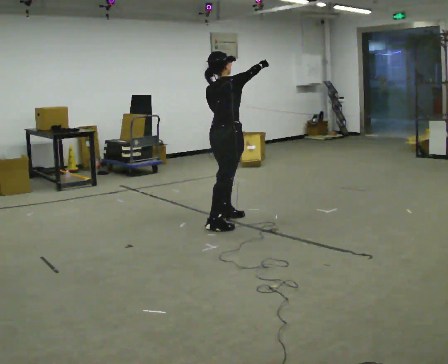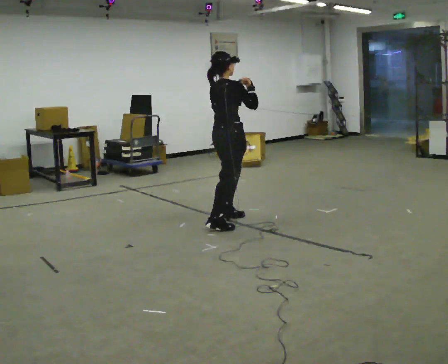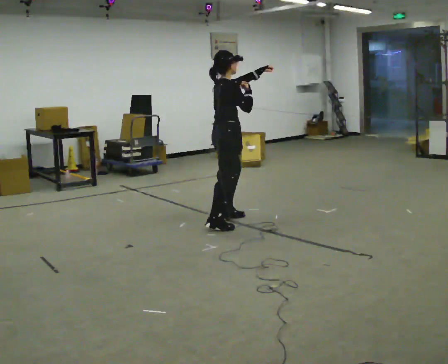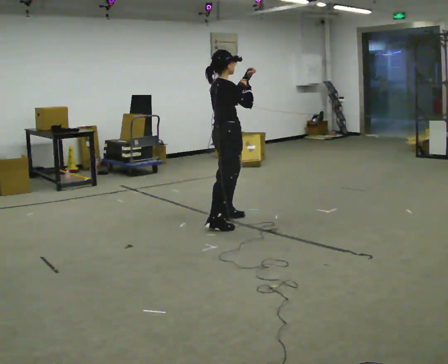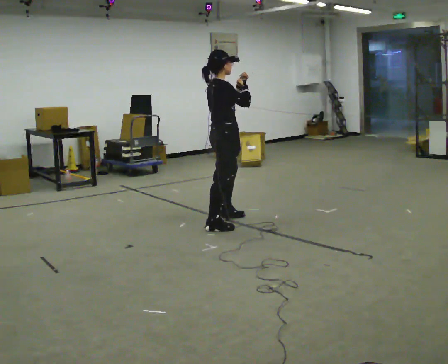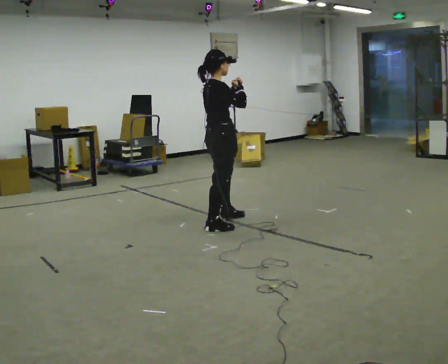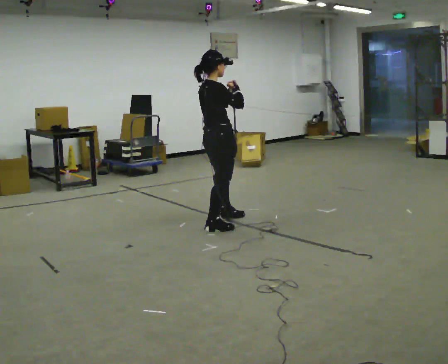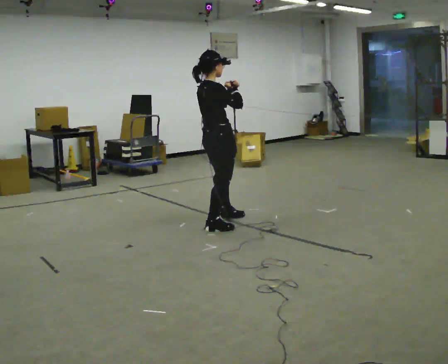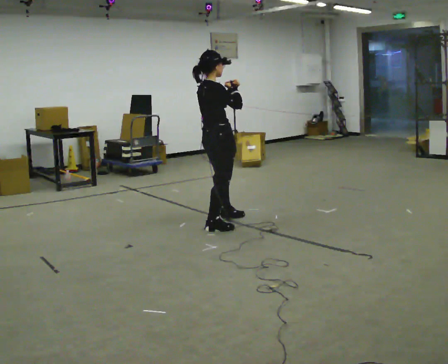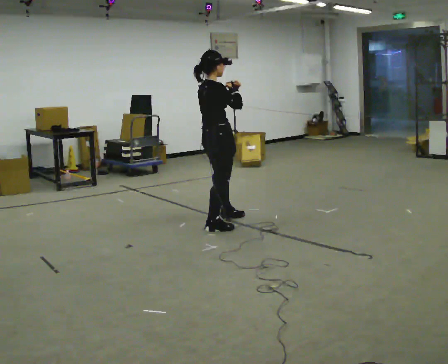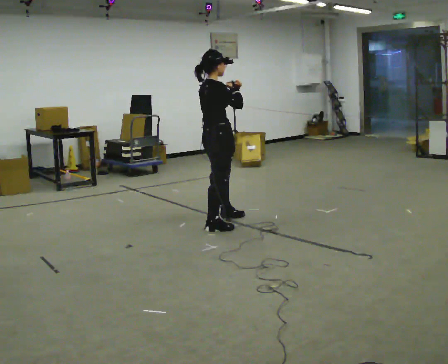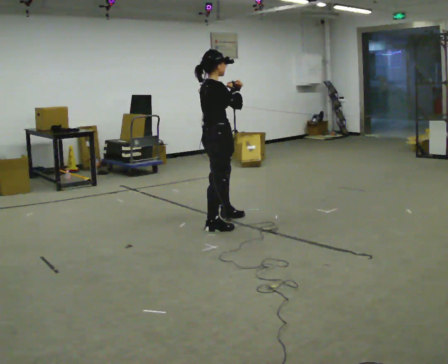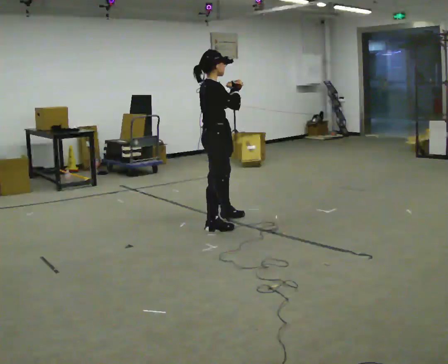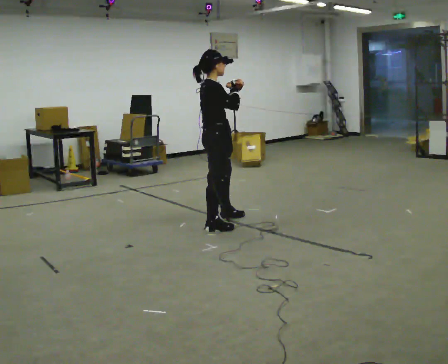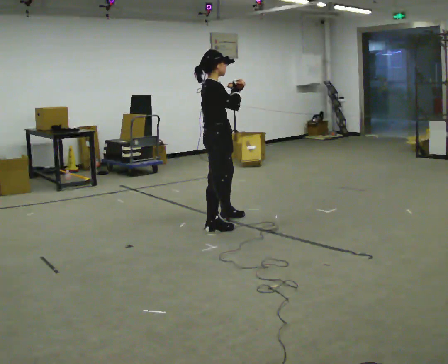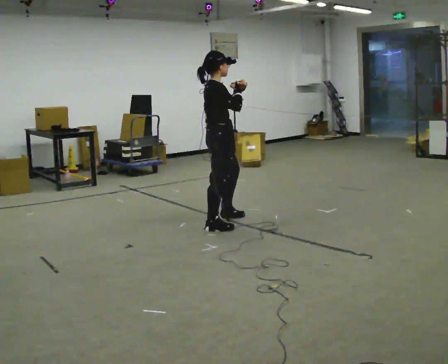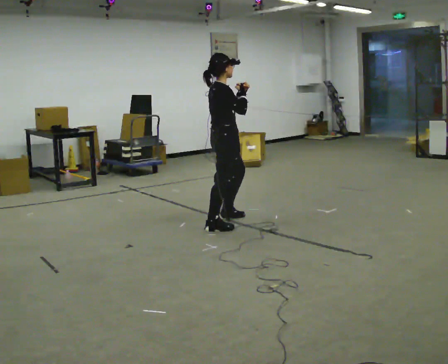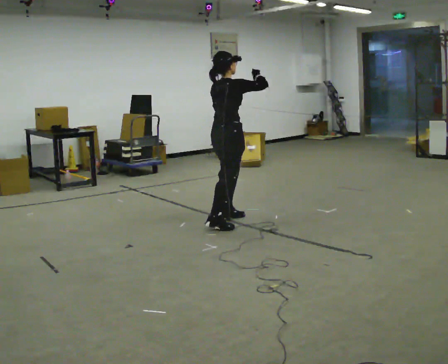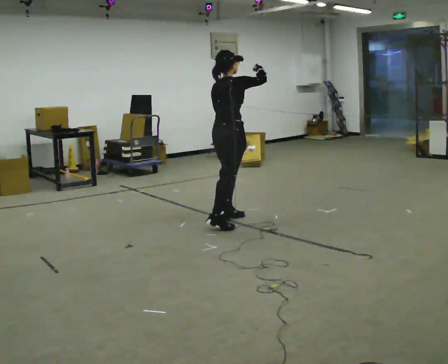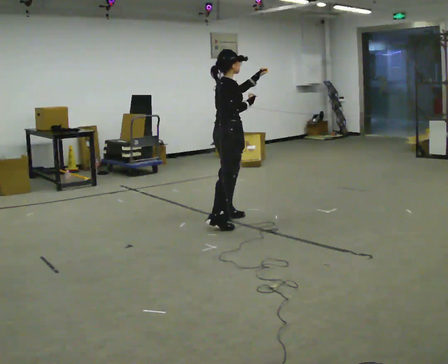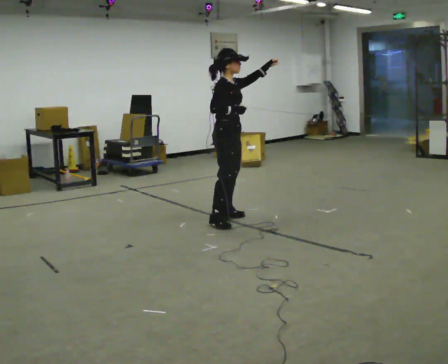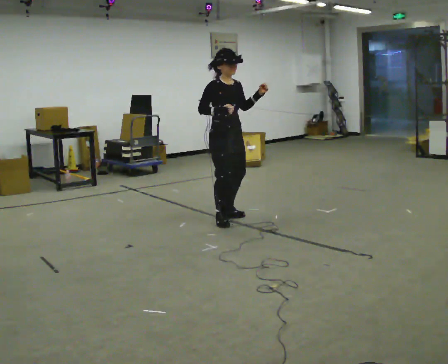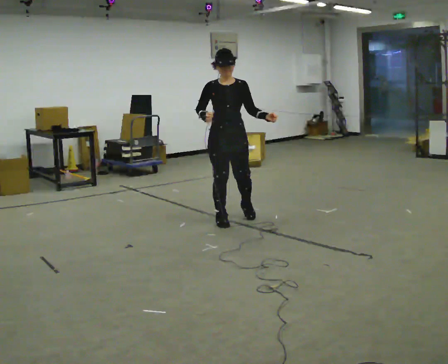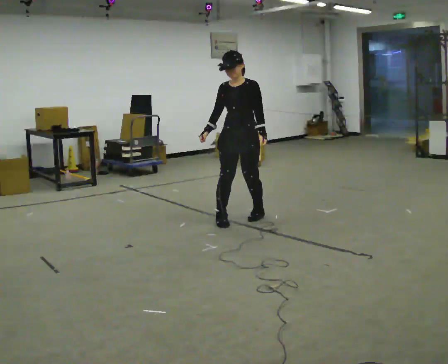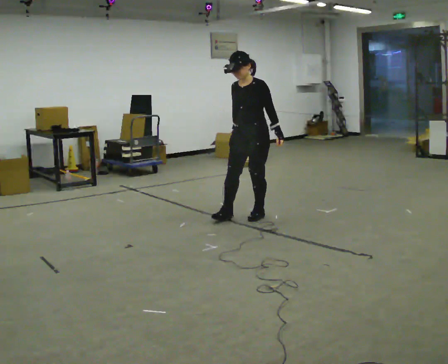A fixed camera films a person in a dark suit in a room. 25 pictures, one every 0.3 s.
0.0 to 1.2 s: The part of the body nearest the lens slides to the left as the person turns to their right by about 30 degrees.
1.2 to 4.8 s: The person moves a little, or ends about where they began.
4.8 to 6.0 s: The person turns about 30 degrees to their right, clockwise seen from above, so the part of the body nearest the lens slides to the left.
6.0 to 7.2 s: The person turns about 105 degrees to their right, clockwise seen from above, so the part of the body nearest the lens slides to the left. In the picture they go to the right, about 0.25 m in 2 steps. In the picture their left hand goes downward, the arm swinging clockwise.
The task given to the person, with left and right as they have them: Perform a slow martial arts form (https://youtu.be/ZMi83SPAP1Q?si=p1_31d3YaodeQQZT); kicks should be slow
The film runs forward here.
